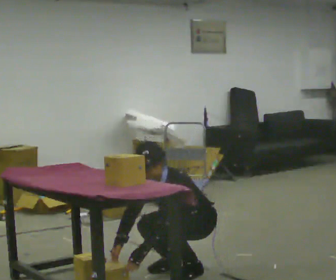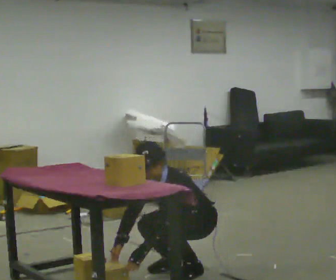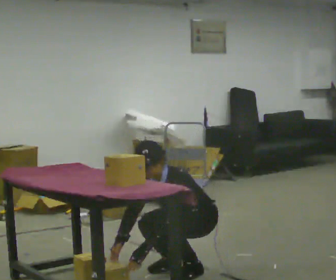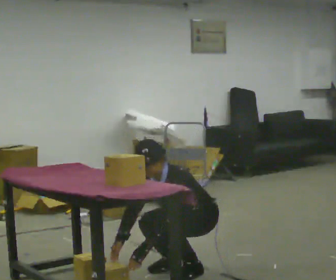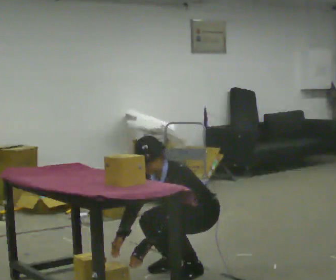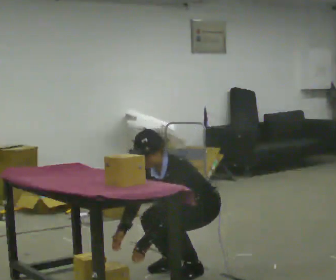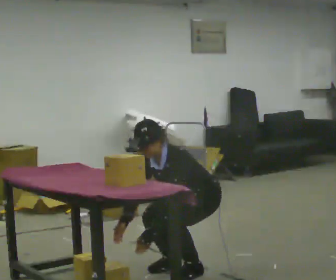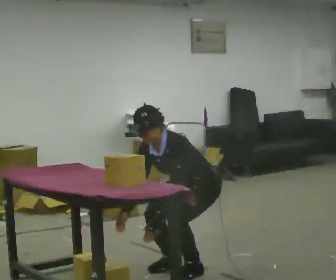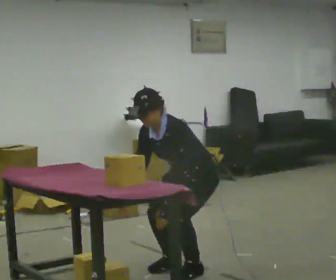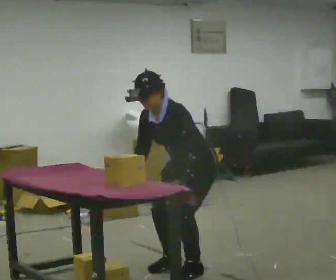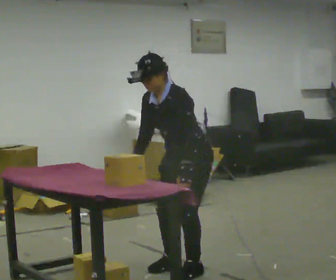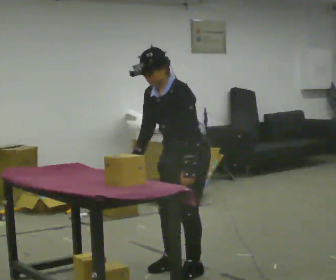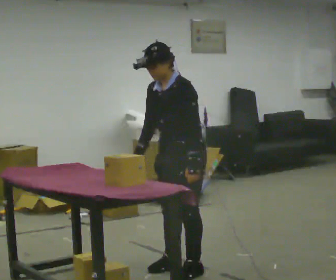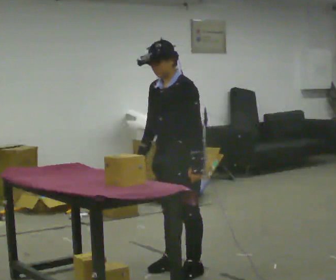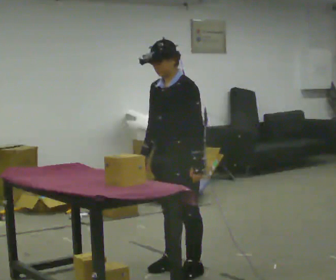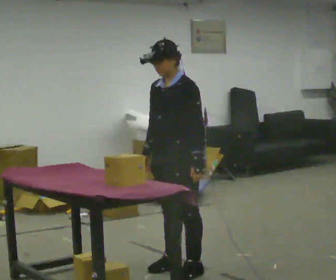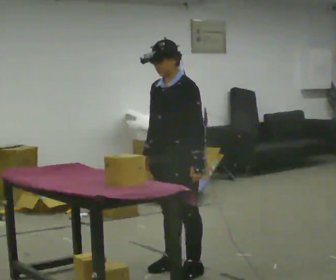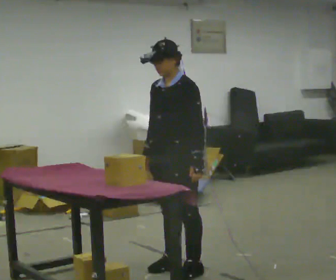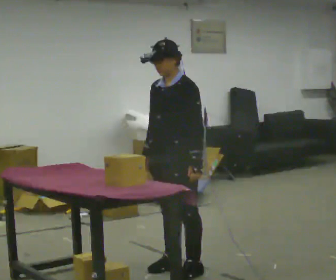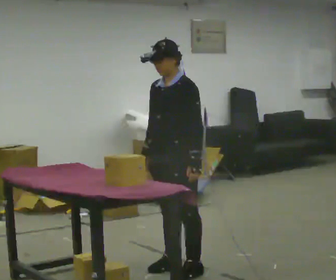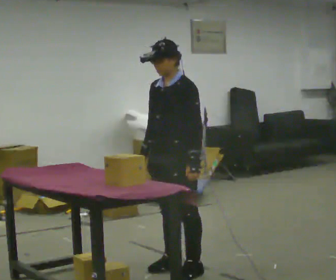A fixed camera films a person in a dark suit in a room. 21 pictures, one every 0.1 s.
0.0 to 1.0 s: The upper body goes upward. The upper body tips away from the camera, its near side rolling upward, as they lean back or straighten. In the picture their left hand goes upward.
1.0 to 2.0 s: In the picture the upper body tilts clockwise, shoulders to the right, as they lean back or straighten.
The film runs backward here.
